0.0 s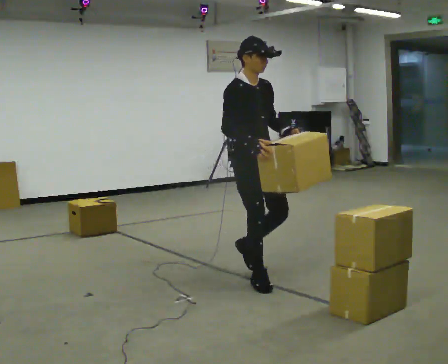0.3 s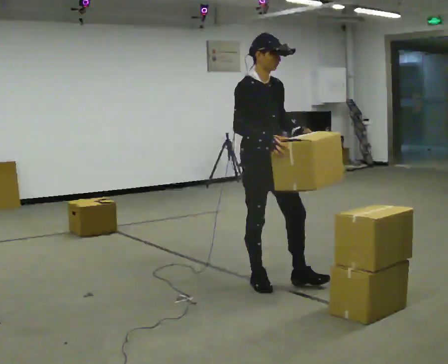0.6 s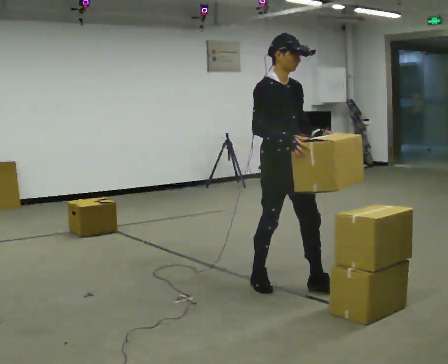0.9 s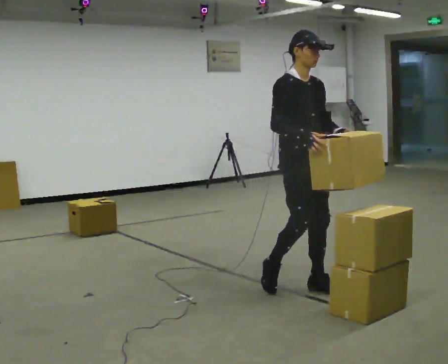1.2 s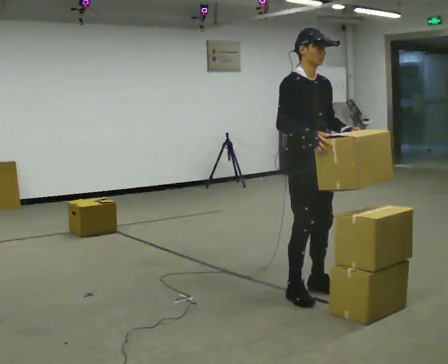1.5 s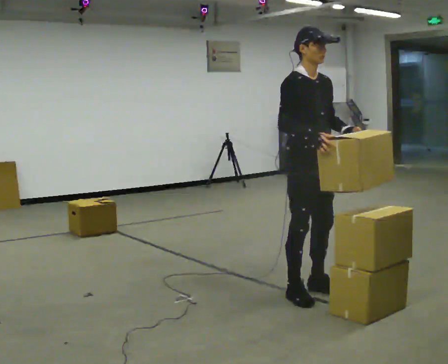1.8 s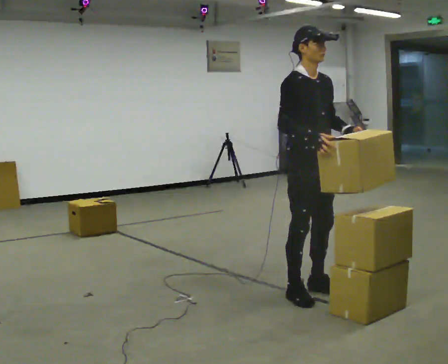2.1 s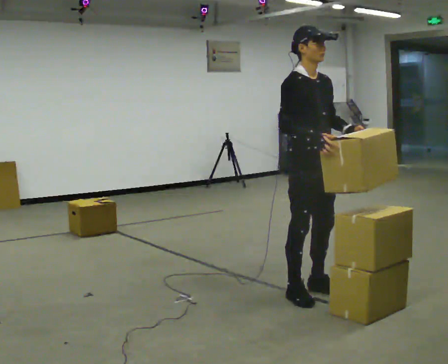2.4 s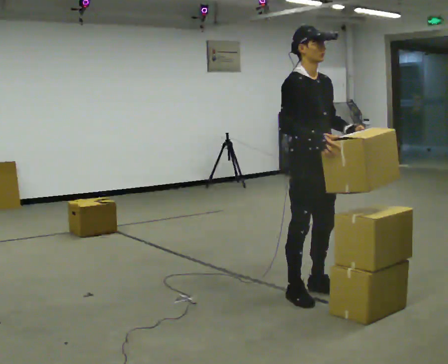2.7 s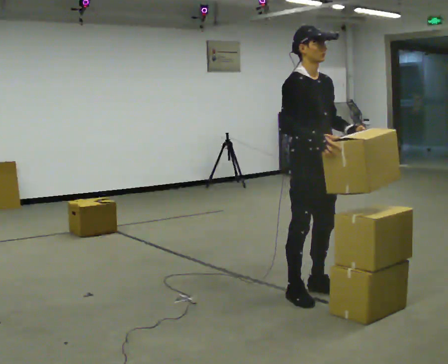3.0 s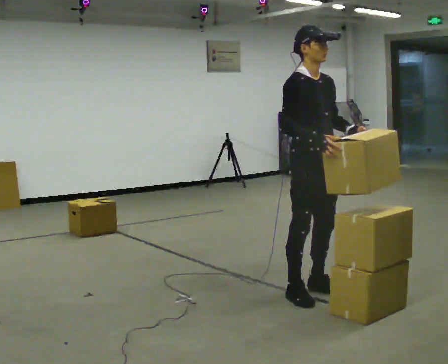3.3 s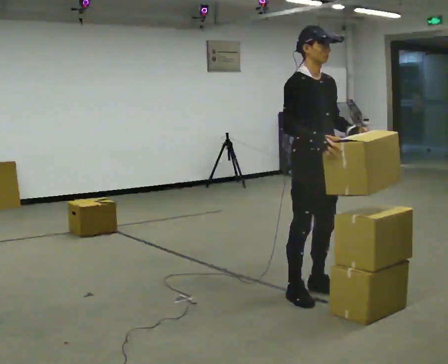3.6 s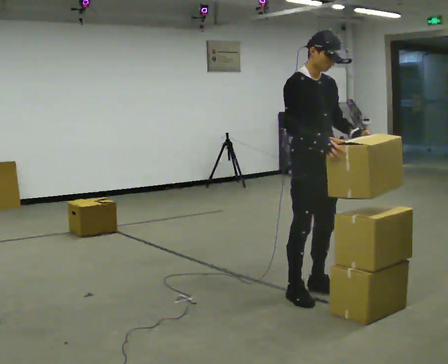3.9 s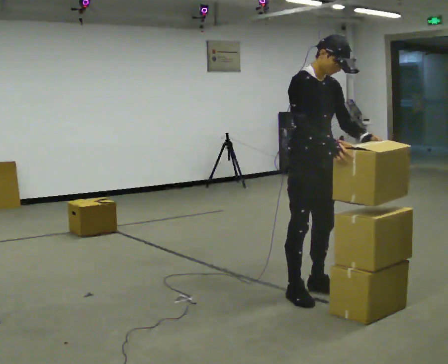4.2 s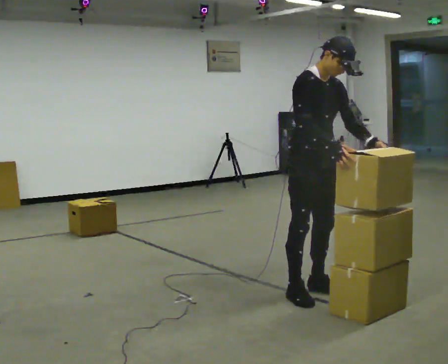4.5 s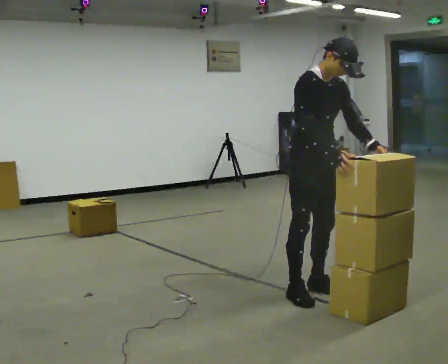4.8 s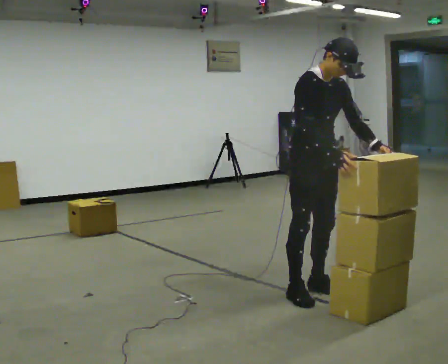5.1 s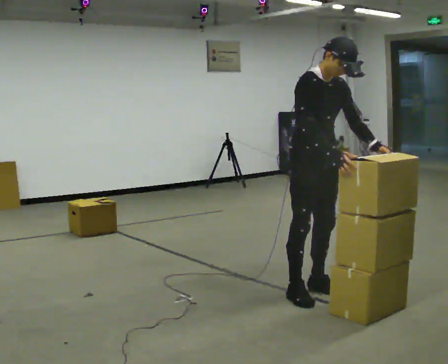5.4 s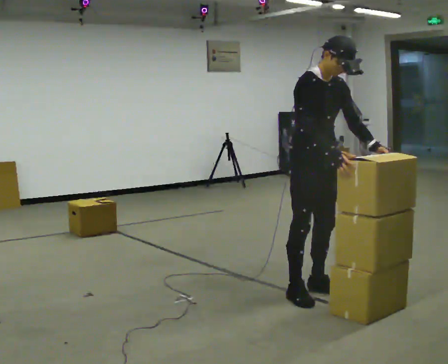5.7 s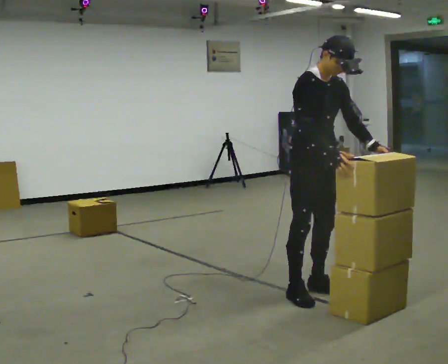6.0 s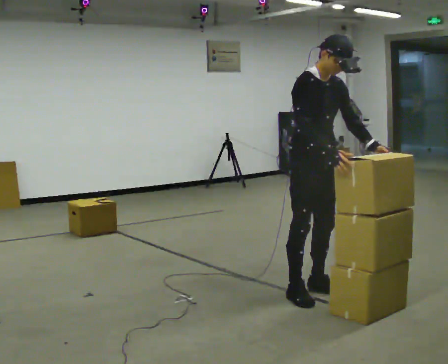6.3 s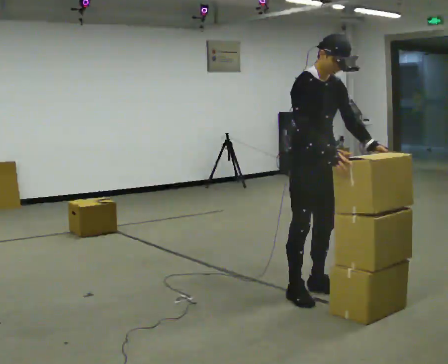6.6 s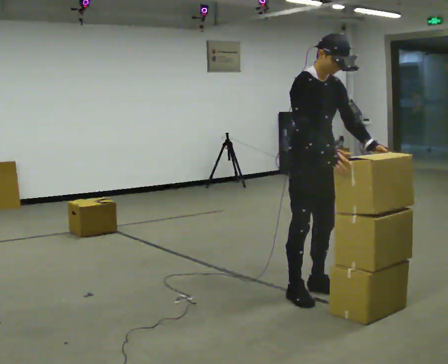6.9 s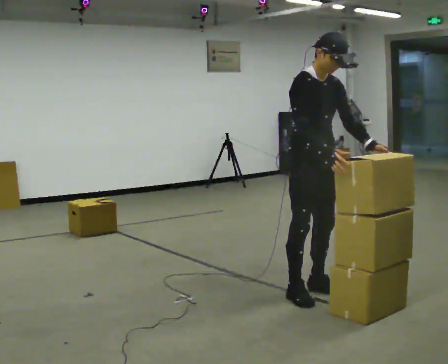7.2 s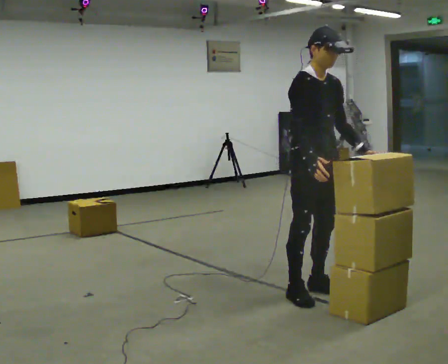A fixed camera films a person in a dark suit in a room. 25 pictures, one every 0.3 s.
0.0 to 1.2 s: In the picture they go to the right and toward the camera, about 0.5 m in 2 steps, which for them is forward.
1.2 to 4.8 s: The person moves a little, or ends about where they began.
4.8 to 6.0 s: The person keeps their place and pose.
6.0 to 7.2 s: The person moves a little, or ends about where they began.
The film runs forward here.
